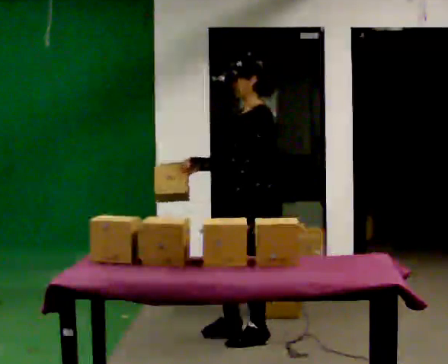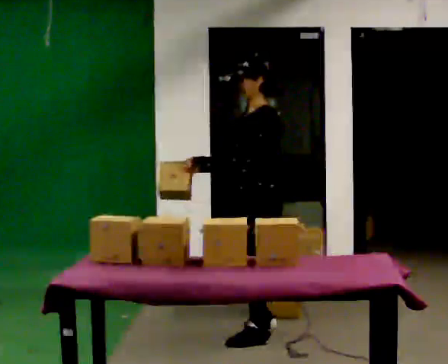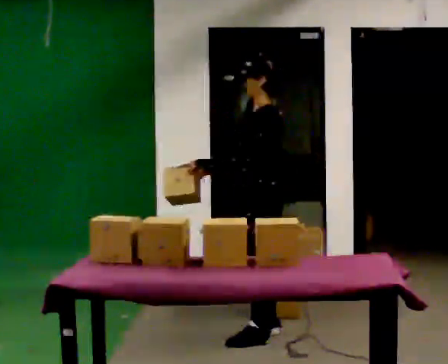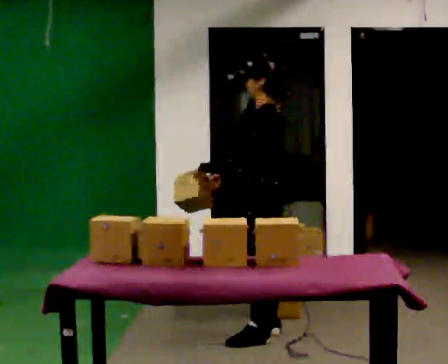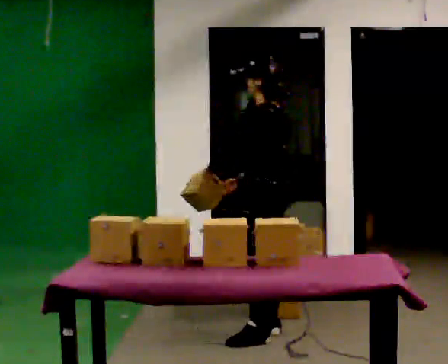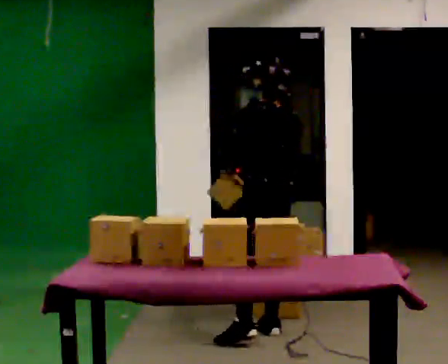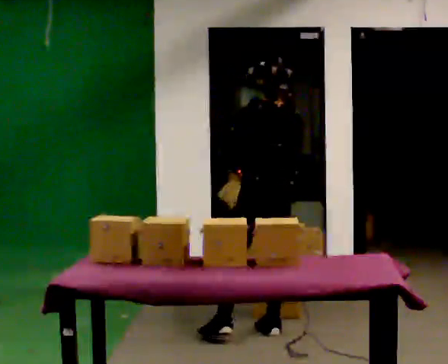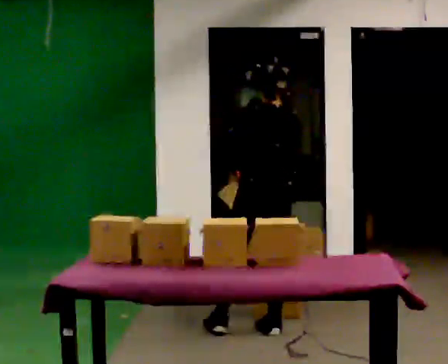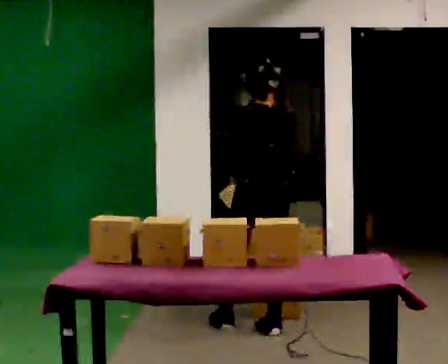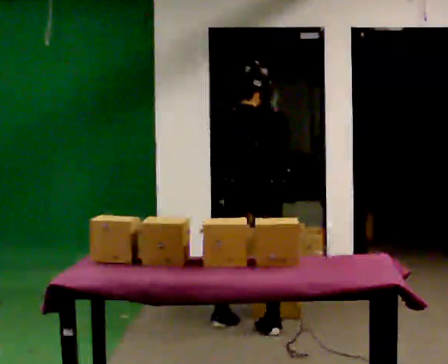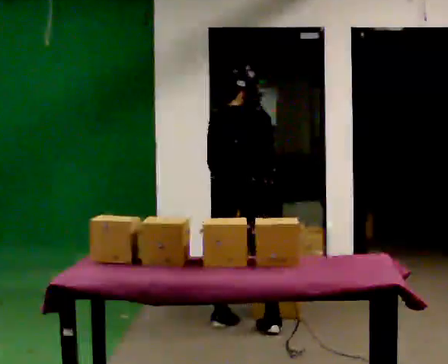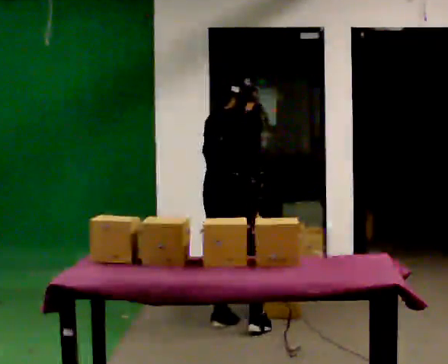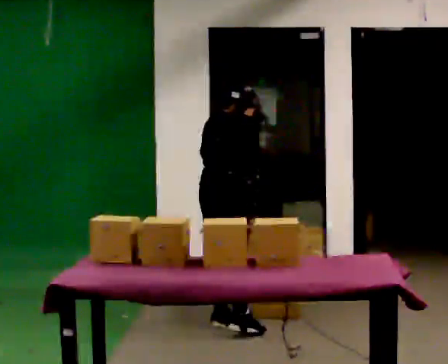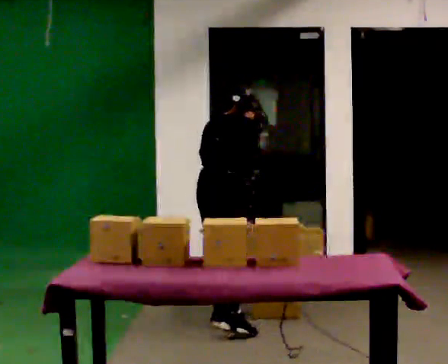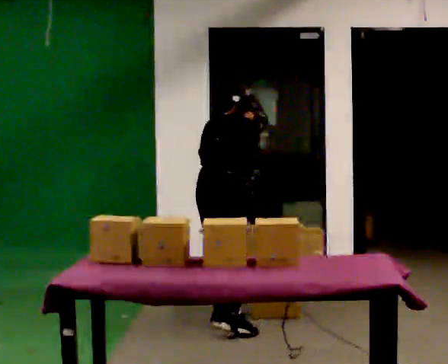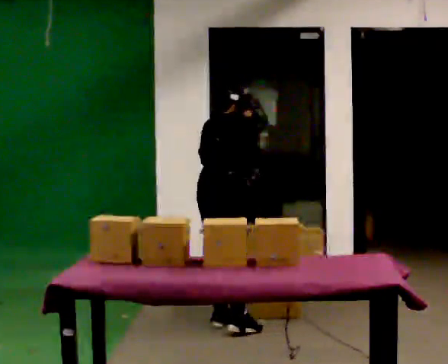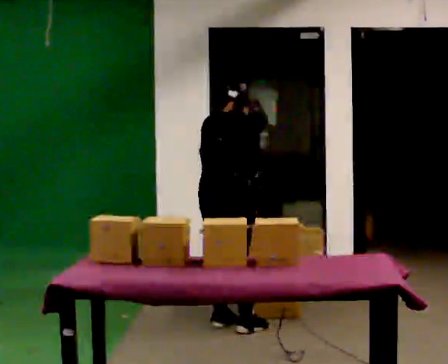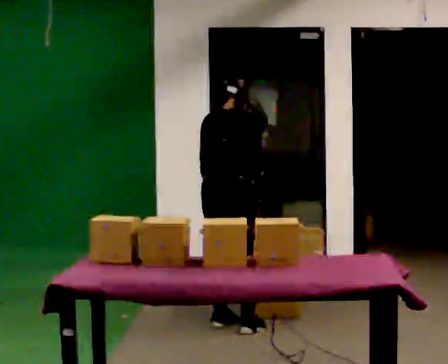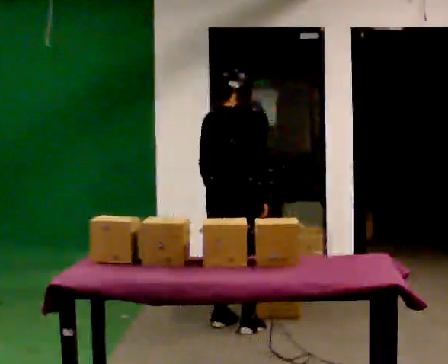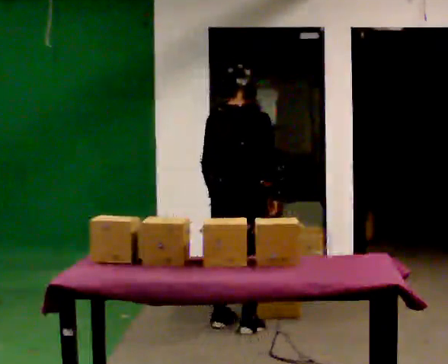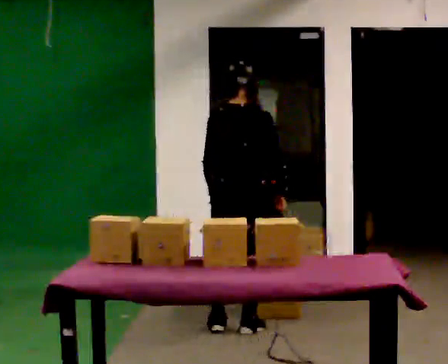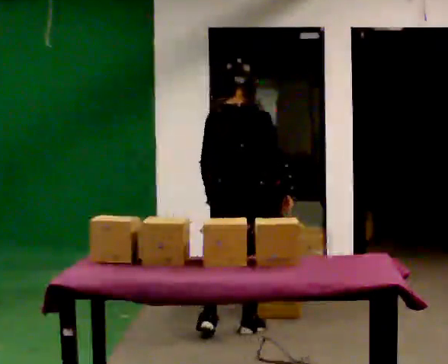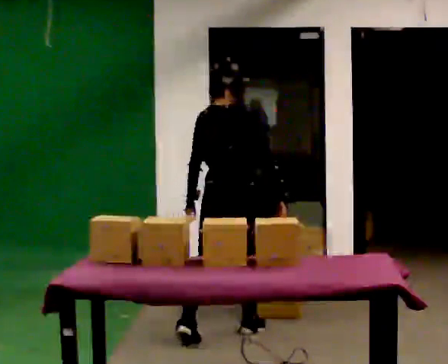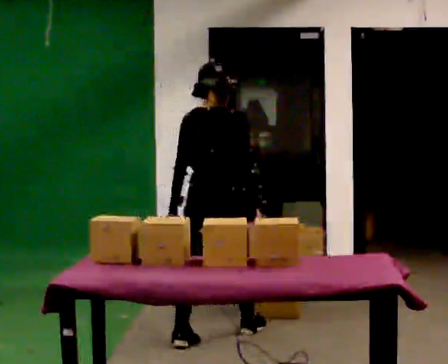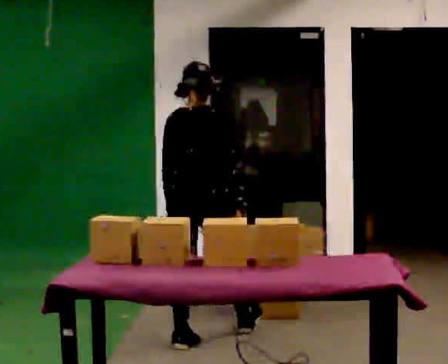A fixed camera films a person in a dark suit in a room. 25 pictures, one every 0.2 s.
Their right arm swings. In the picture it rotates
counterclockwise.
0.0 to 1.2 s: Seen from above the body turns clockwise, about 75 degrees: to their right, with its near side sliding to the left. In the picture they go away from the camera, about 0.25 m in 1 step. In the picture their right hand goes to the right, the arm swinging counterclockwise.
1.2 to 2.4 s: The part of the body nearest the lens slides to the left as the person turns to their right by about 60 degrees. In the picture they go to the left and away from the camera, about 0.25 m in 1 step. The upper body tips away from the camera, its near side rolling upward, as they bend forward.
2.4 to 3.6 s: The person moves a little, or ends about where they began.
3.6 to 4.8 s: In the picture they go toward the camera and to the left, about 0.25 m in 1 step, which for them is backward and to their left. The upper body tips toward the camera, its near side rolling downward, as they lean back or straighten.
The film runs backward here.
